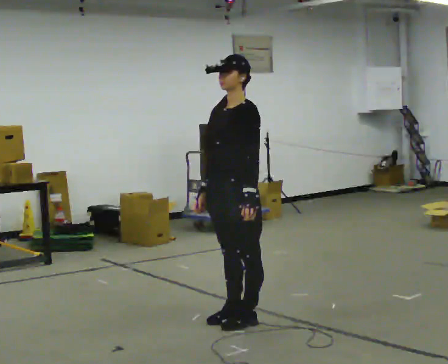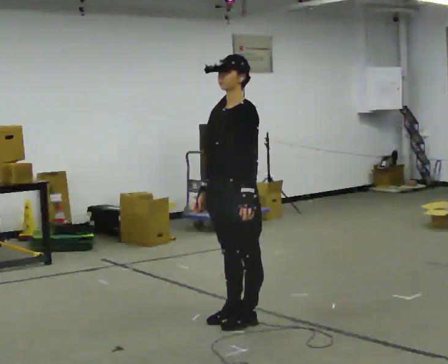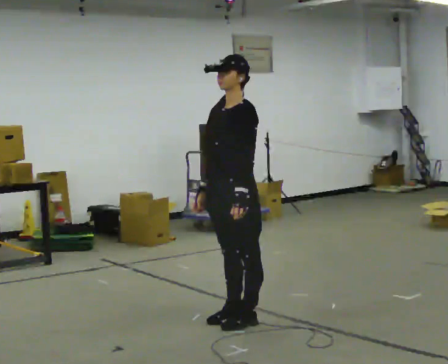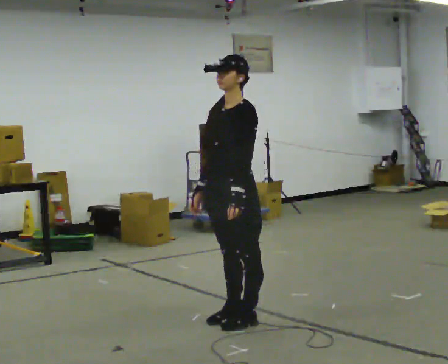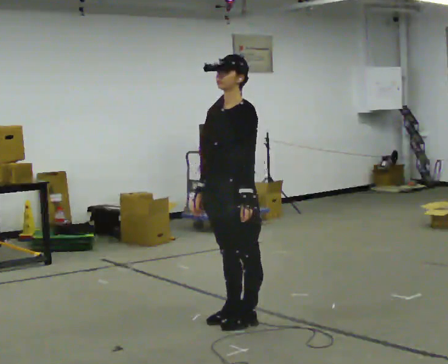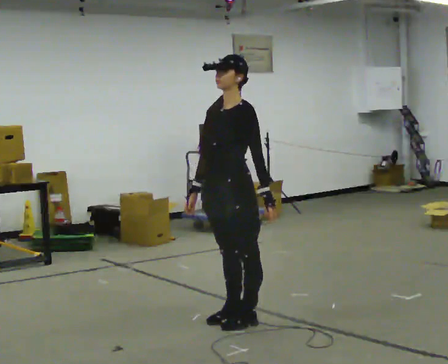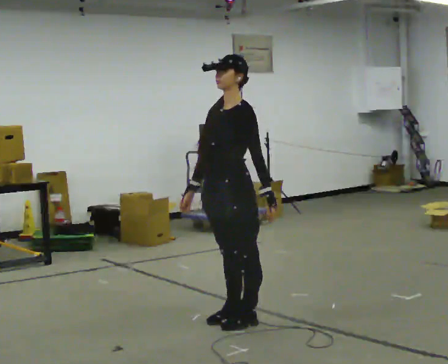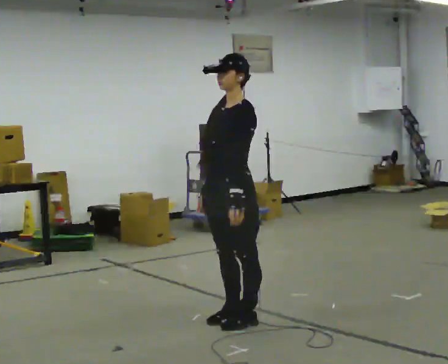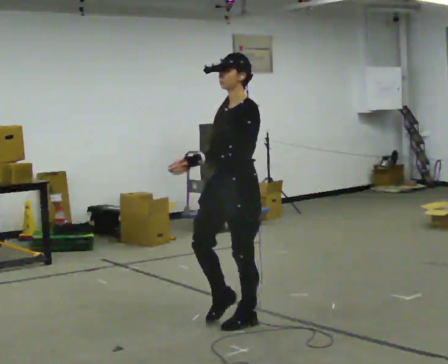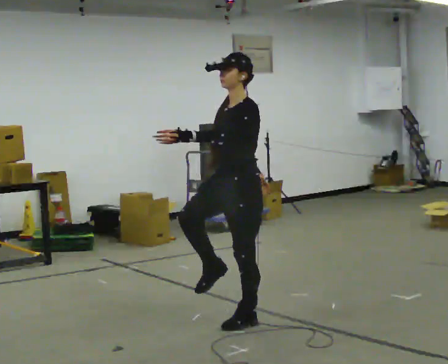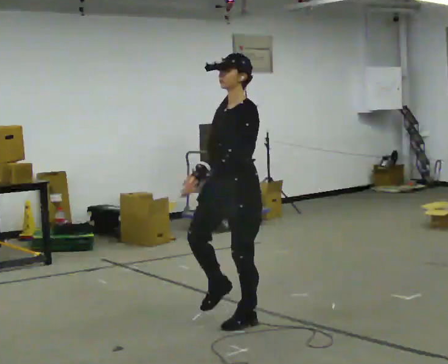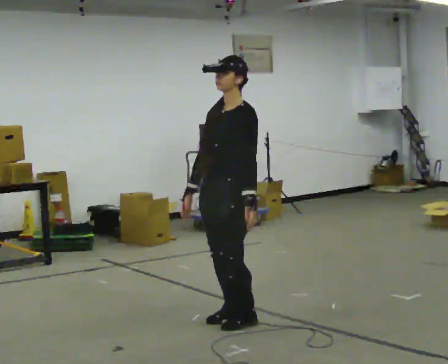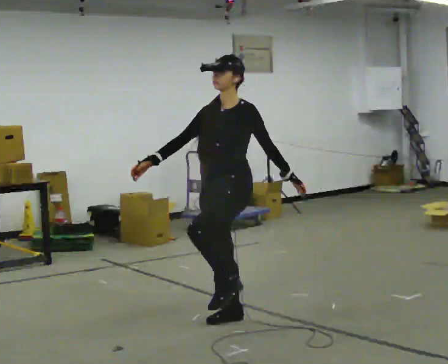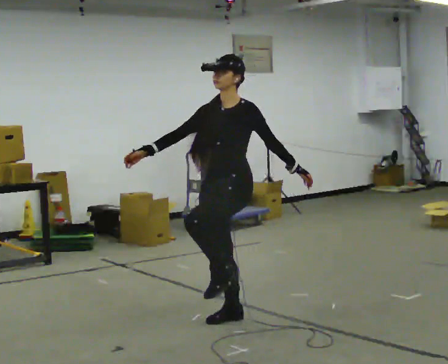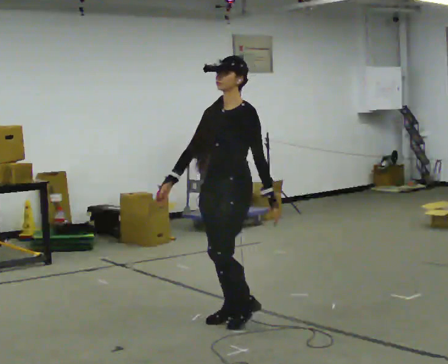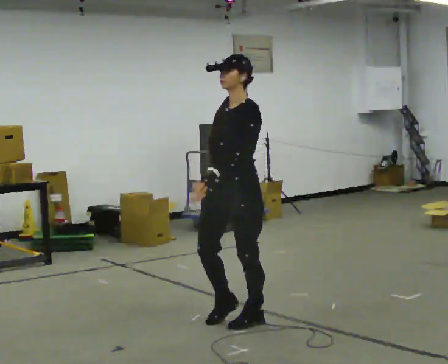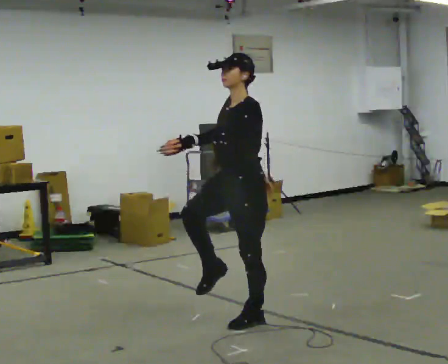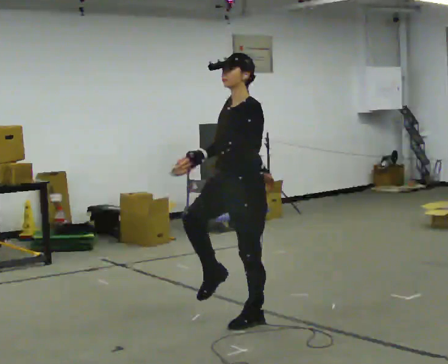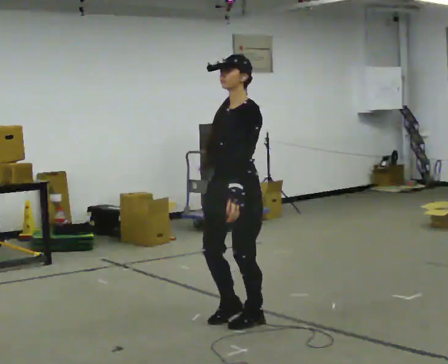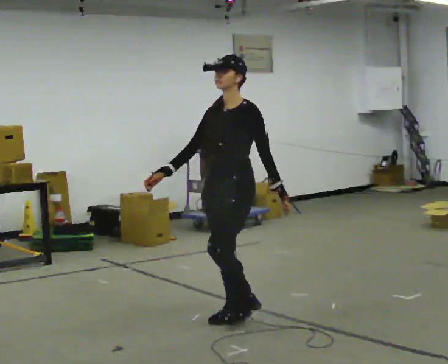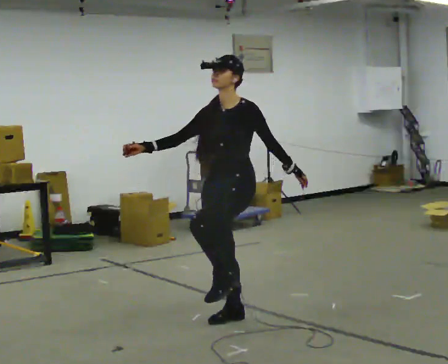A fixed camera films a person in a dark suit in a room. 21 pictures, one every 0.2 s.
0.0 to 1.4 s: The person moves a little, or ends about where they began.
1.4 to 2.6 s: In the picture their left hand goes to the right.
2.6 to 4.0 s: The person moves a little, or ends about where they began.
The film runs backward here.
